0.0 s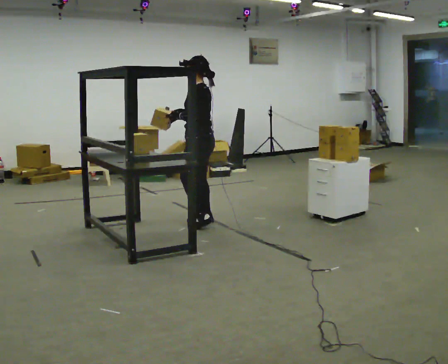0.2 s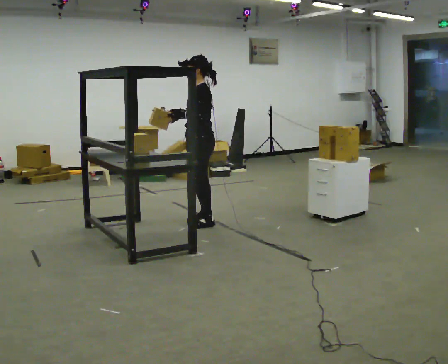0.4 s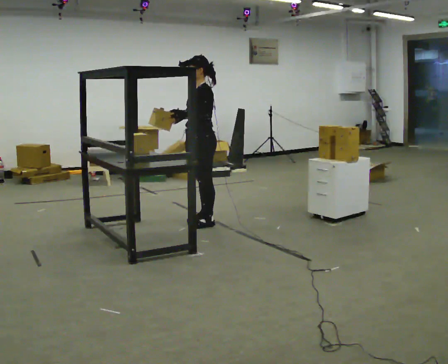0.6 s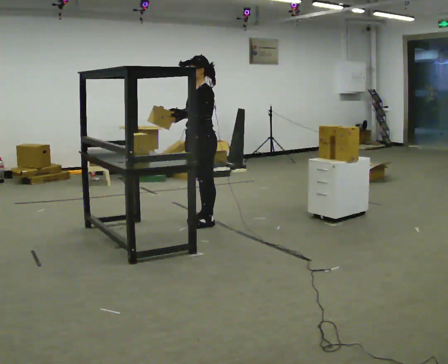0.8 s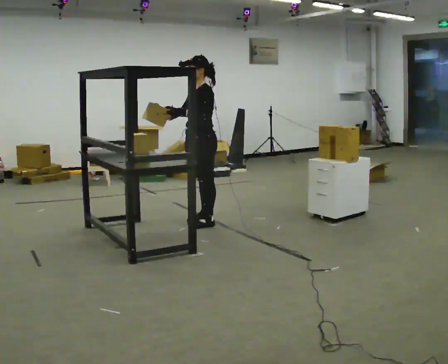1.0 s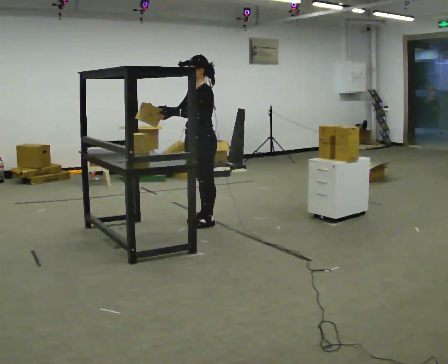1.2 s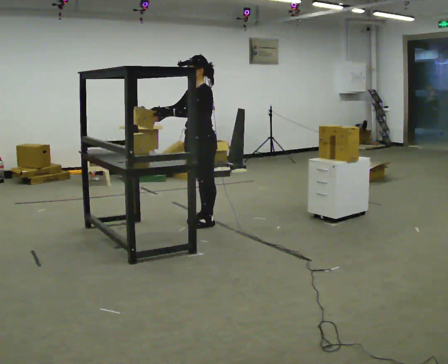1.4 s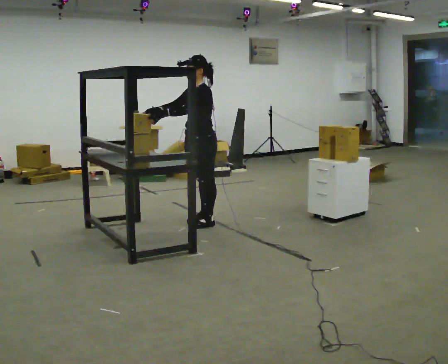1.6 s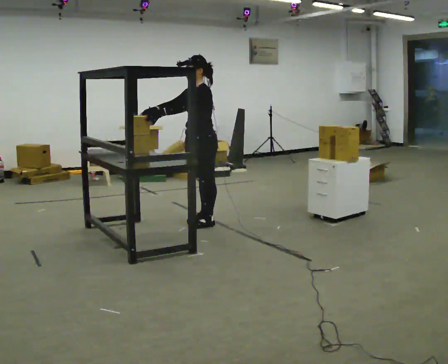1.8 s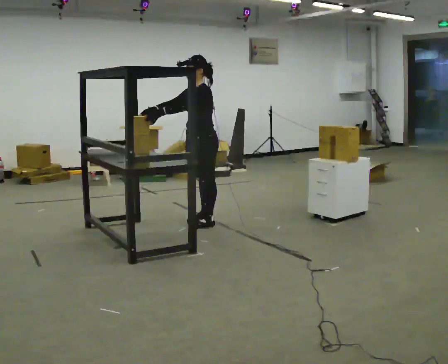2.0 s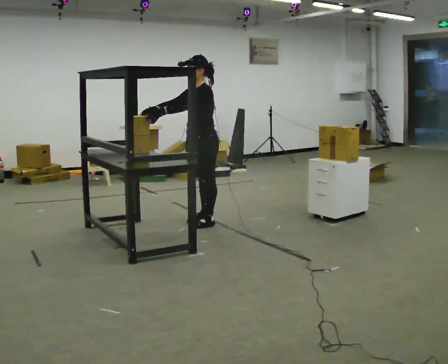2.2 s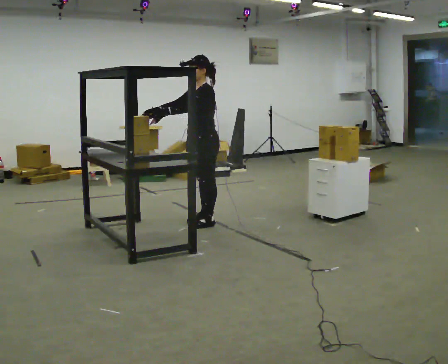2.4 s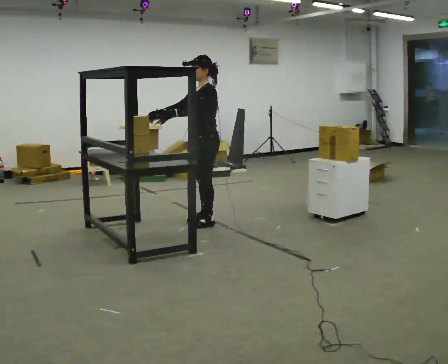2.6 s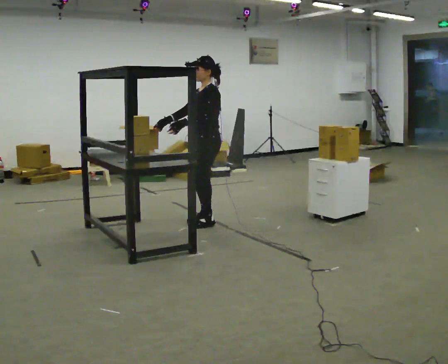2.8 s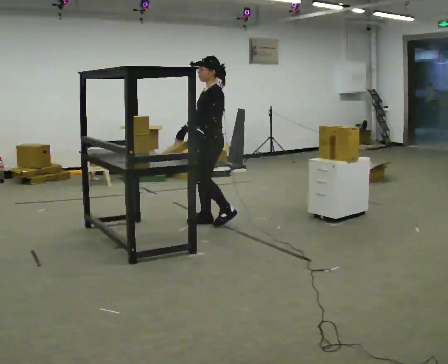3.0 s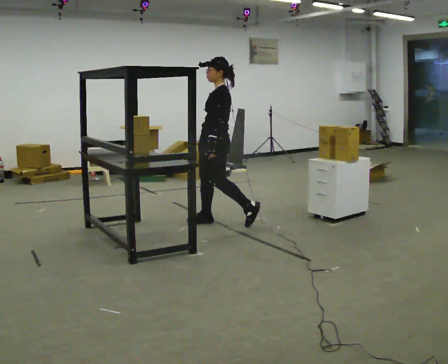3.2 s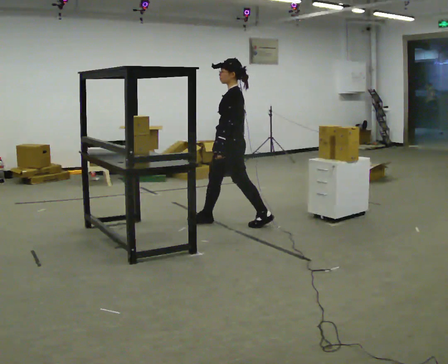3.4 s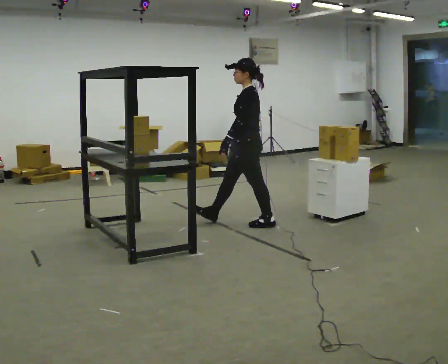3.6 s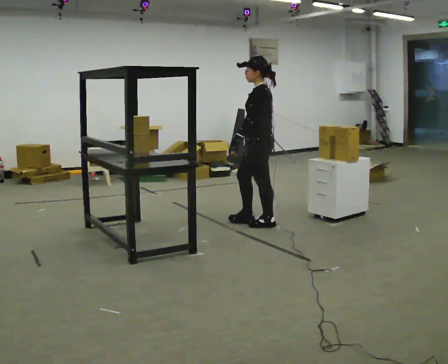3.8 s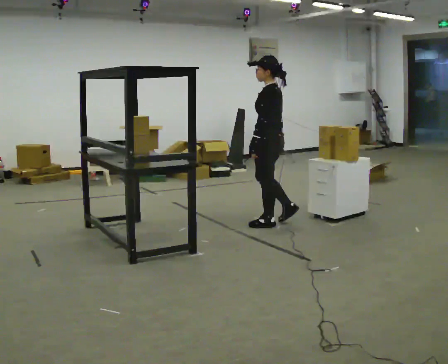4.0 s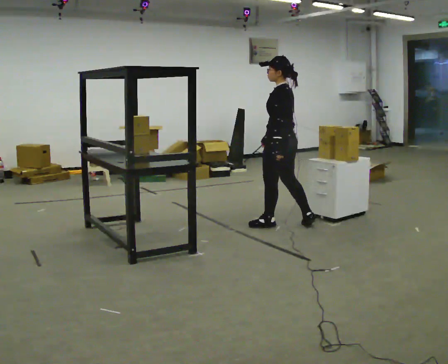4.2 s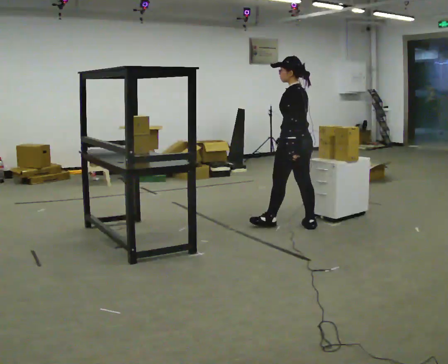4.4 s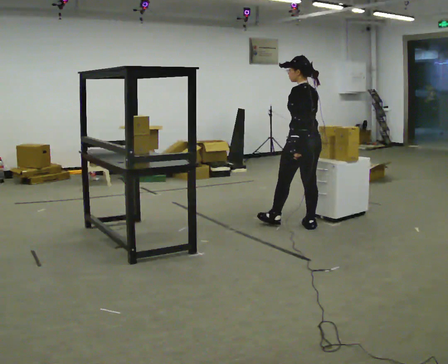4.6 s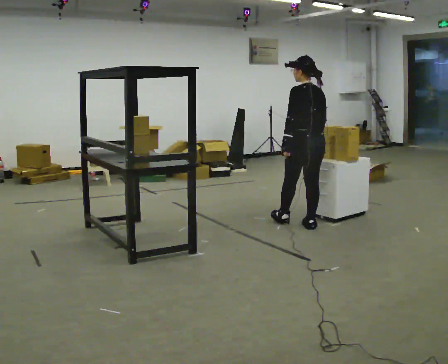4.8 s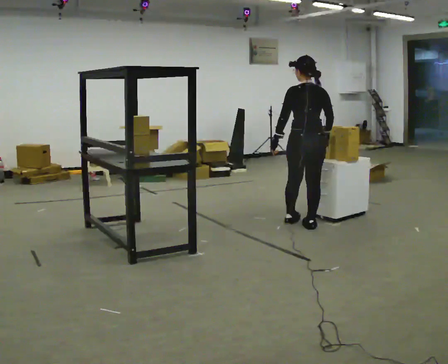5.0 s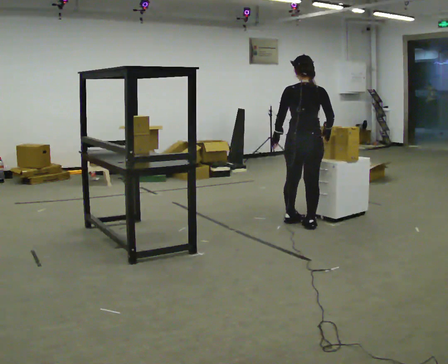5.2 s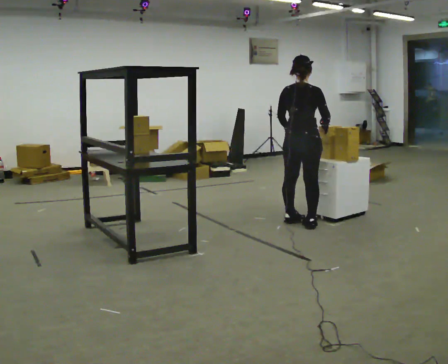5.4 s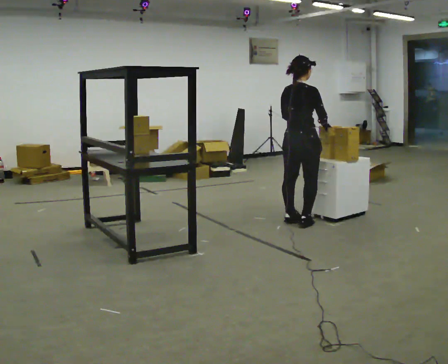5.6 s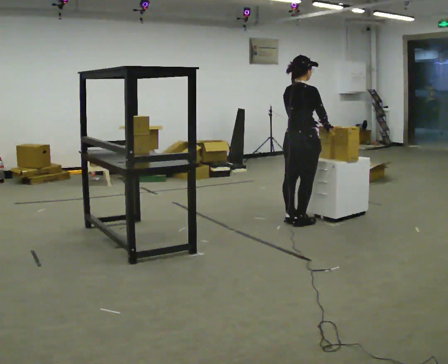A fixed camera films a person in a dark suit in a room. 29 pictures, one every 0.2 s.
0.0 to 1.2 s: The part of the body nearest the lens slides to the right as the person turns to their left by about 45 degrees.
1.2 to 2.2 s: The person moves a little, or ends about where they began.
2.2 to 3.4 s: The person turns about 30 degrees to their right, clockwise seen from above, so the part of the body nearest the lens slides to the left. In the picture they go to the right, about 0.5 m in 2 steps, which for them is backward and to their left.
3.4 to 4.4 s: Seen from above the body turns clockwise, about 45 degrees: to their right, with its near side sliding to the left. In the picture they go to the right, about 0.5 m, which for them is backward.
4.4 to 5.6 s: The person turns about 90 degrees to their right, clockwise seen from above, so the part of the body nearest the lens slides to the left.
The film runs backward here.
